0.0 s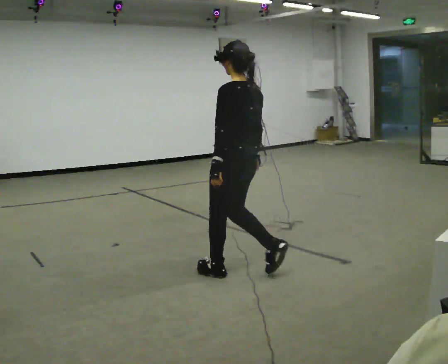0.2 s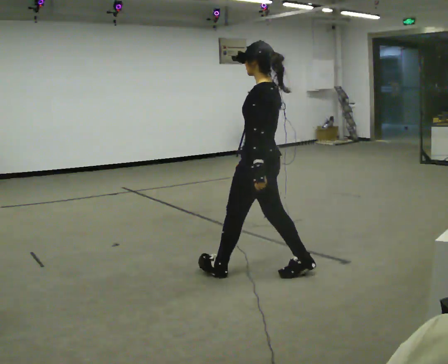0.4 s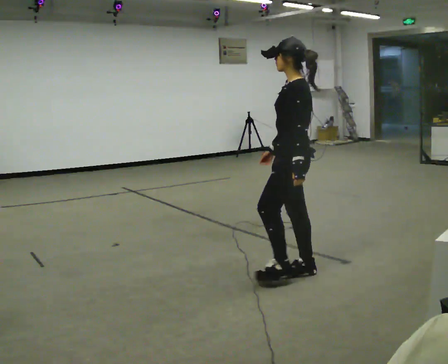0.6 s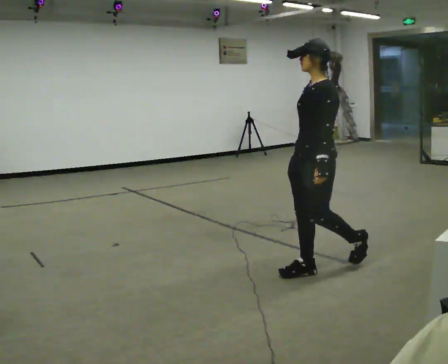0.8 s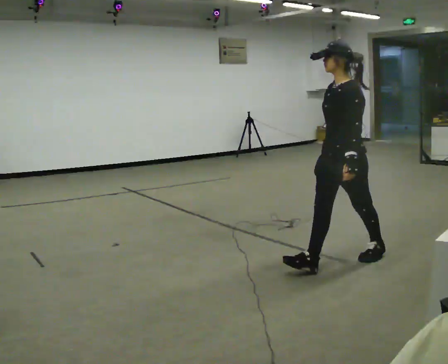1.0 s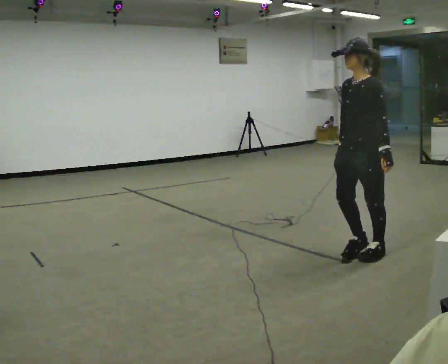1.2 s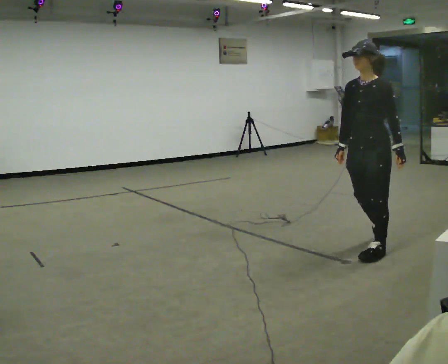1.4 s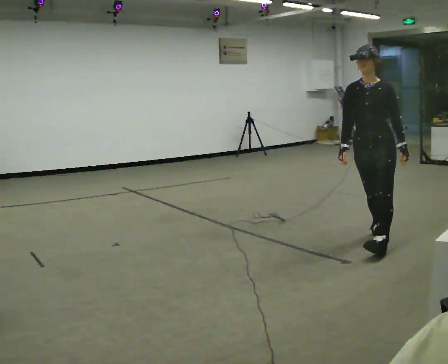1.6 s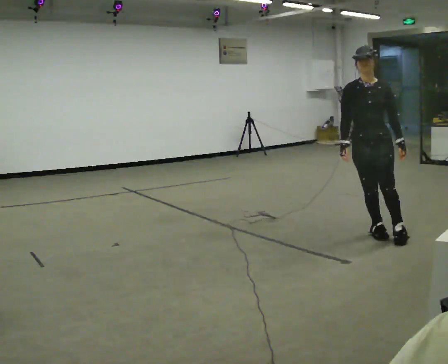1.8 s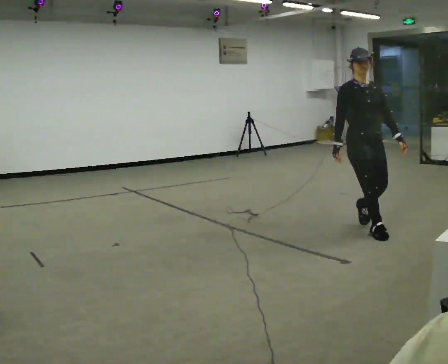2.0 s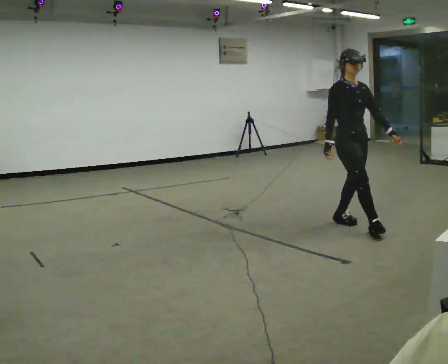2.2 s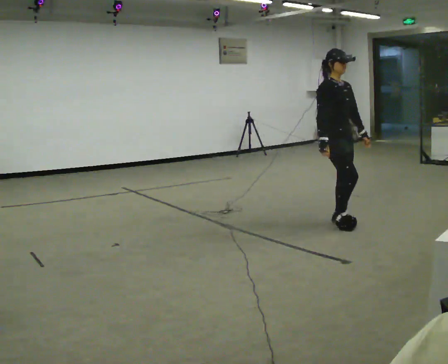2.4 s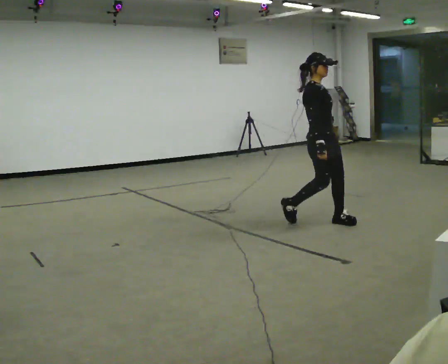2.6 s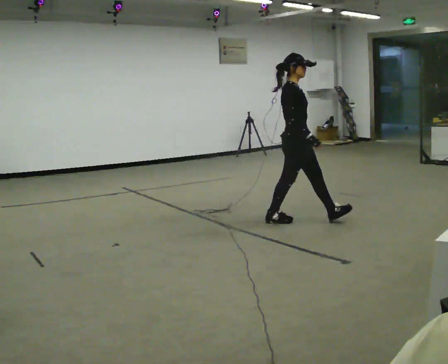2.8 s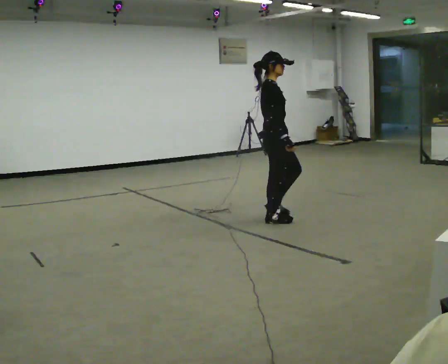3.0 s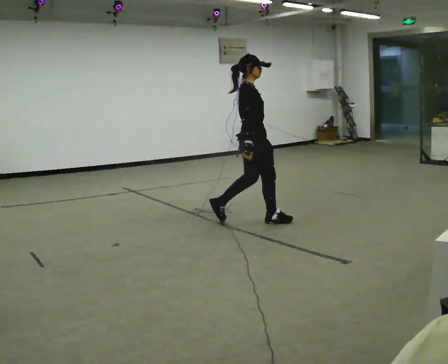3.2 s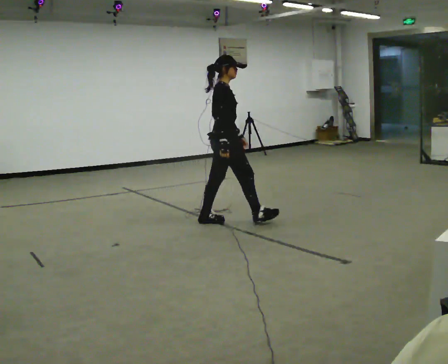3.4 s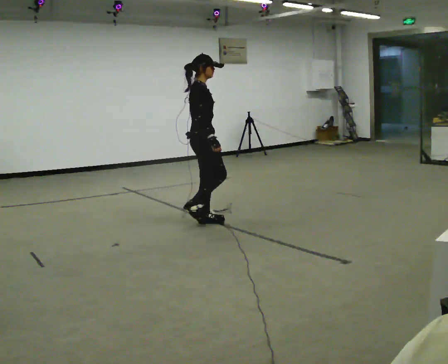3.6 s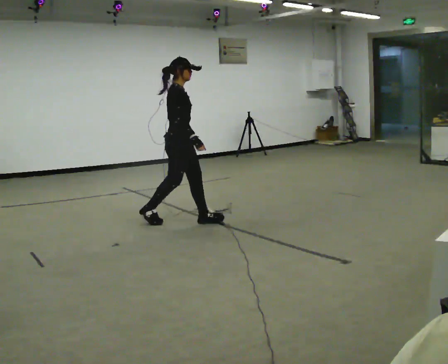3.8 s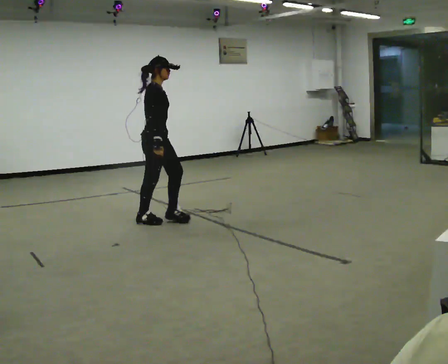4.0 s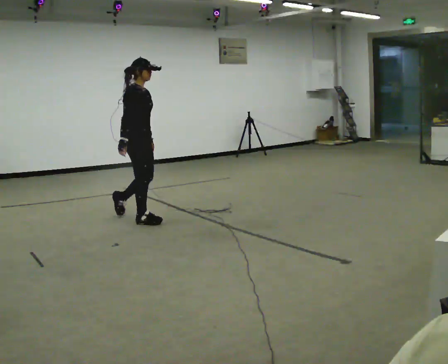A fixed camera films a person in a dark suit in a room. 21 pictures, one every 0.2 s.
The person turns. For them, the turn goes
to their left.
The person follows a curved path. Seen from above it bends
counterclockwise.
0.0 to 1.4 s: Seen from above the body turns counterclockwise, about 90 degrees: to their left, with its near side sliding to the right. In the picture they go to the right and away from the camera, about 1 m in 2 steps.
1.4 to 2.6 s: Seen from above the body turns counterclockwise, about 105 degrees: to their left, with its near side sliding to the right. In the picture they go away from the camera and to the left, about 1 m in 3 steps.
2.6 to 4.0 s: In the picture they go to the left, about 1.5 m in 2 steps, which for them is backward.
The film runs backward here.
